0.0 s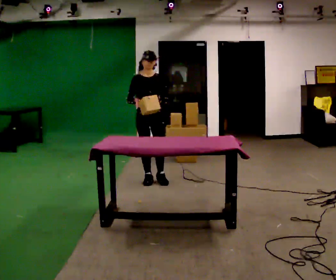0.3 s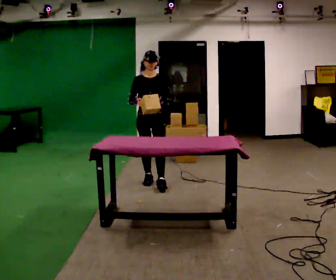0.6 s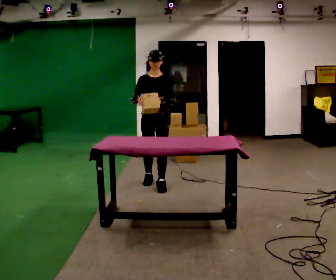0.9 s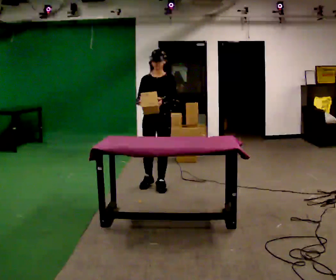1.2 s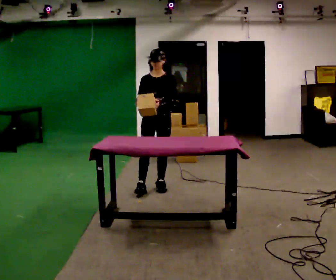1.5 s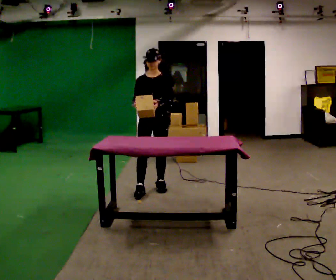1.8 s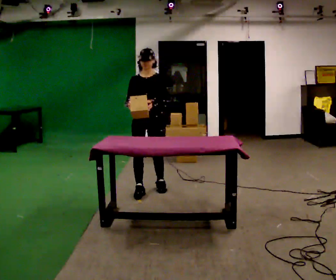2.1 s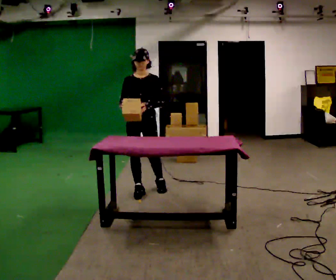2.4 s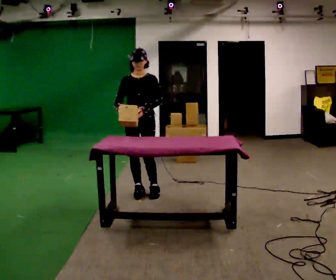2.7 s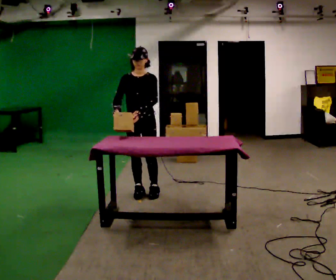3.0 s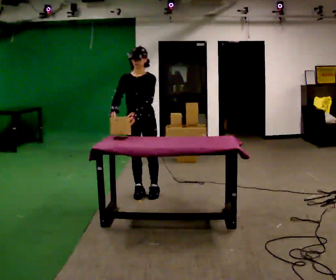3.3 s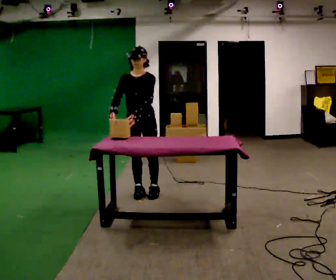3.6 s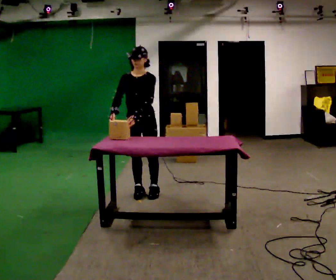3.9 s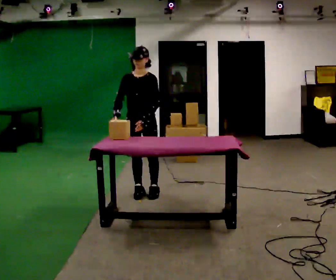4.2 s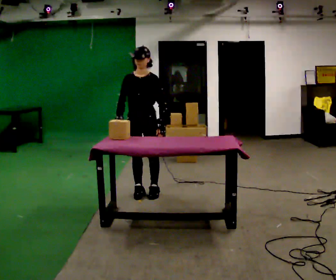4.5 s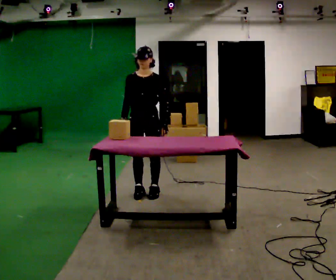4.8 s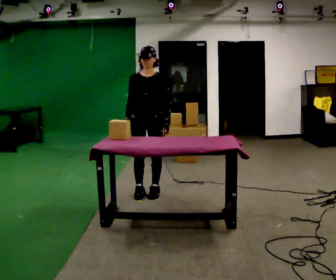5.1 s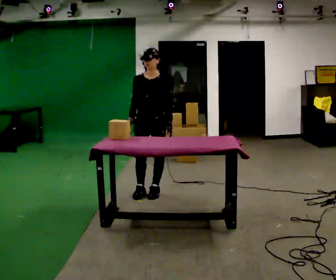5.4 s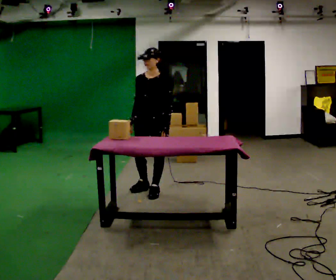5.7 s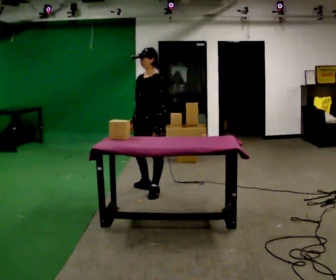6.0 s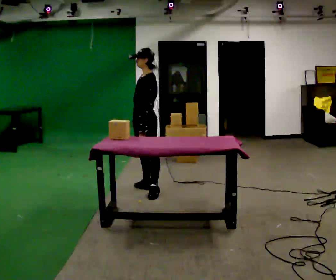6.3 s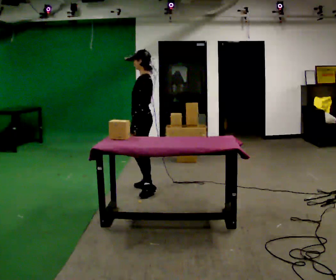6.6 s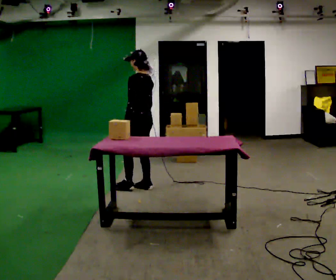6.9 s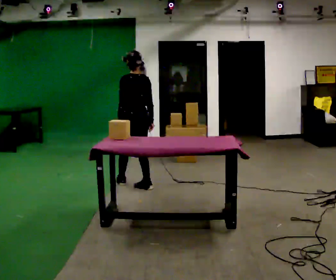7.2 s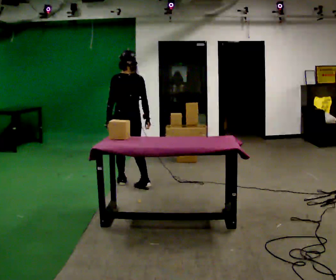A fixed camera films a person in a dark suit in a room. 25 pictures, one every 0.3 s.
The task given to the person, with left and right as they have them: Carry the box over and put it on the shelf with the label facing out towards you. Get the orientation right, not just the position. Keep going until the operator says stop; one object at a time, and do not rush between trips.
0.0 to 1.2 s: The person turns about 30 degrees to their right, clockwise seen from above, so the part of the body nearest the lens slides to the left. In the picture they go toward the camera, about 0.25 m in 1 step, which for them is forward and to their left.
1.2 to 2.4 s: In the picture they go to the left and toward the camera, about 0.25 m in 1 step, which for them is forward and to their right.
2.4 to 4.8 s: The person moves a little, or ends about where they began.
4.8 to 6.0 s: The person turns about 60 degrees to their right, clockwise seen from above, so the part of the body nearest the lens slides to the left.
6.0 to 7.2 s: The part of the body nearest the lens slides to the left as the person turns to their right by about 90 degrees. In the picture they go to the left and away from the camera, about 0.25 m in 1 step.
The film runs forward here.
